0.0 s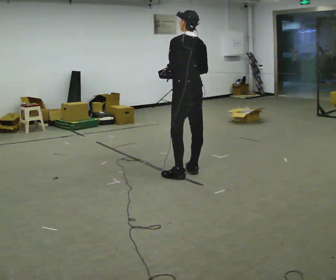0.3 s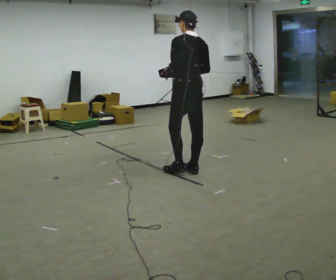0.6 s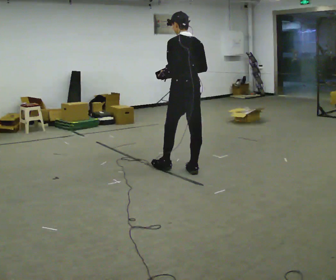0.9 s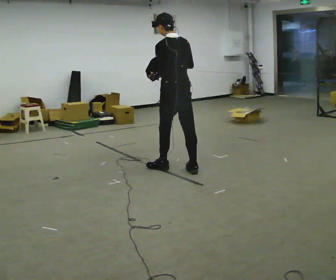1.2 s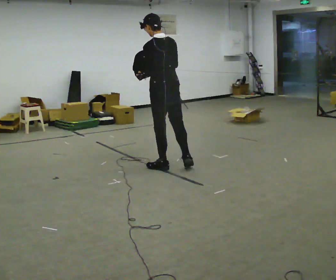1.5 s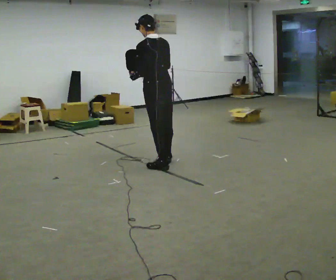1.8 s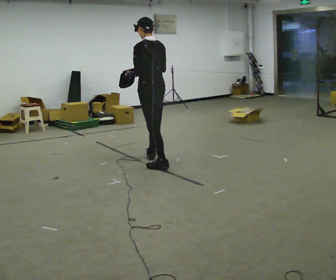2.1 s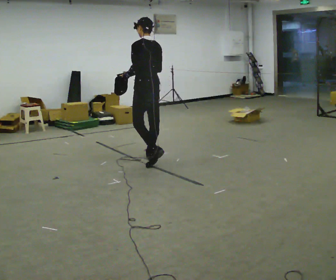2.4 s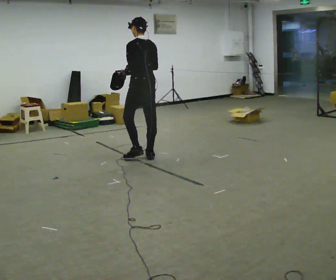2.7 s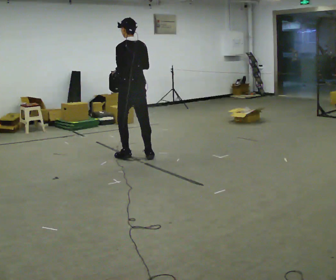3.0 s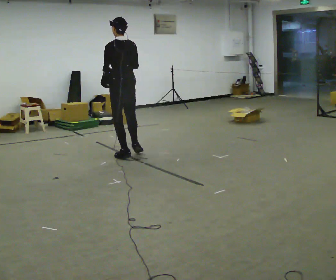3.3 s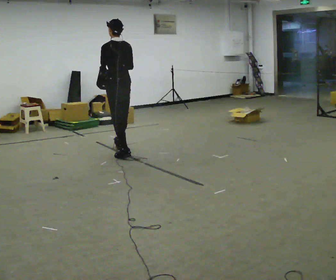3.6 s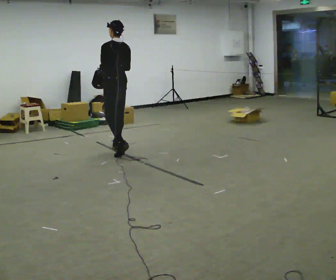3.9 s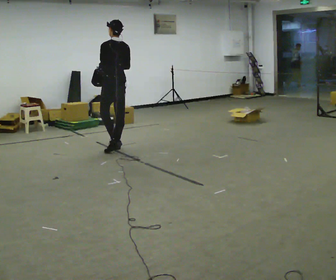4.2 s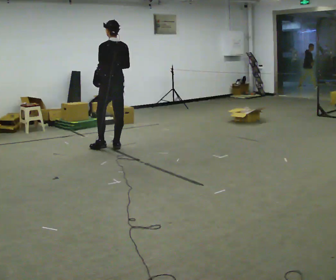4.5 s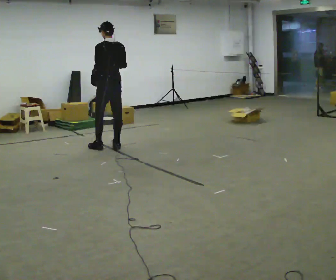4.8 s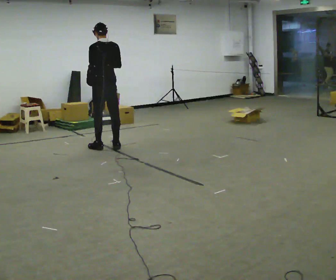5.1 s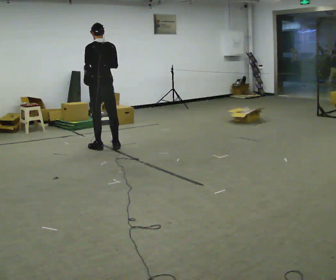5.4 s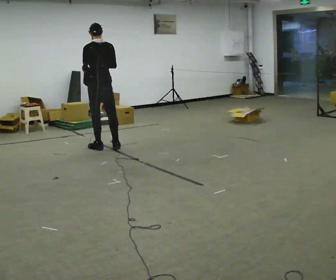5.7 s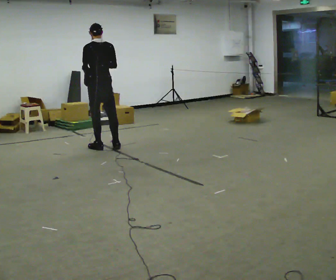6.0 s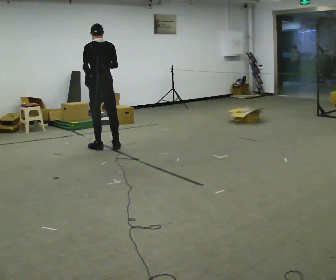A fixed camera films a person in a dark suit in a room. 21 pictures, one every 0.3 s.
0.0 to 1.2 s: In the picture they go to the left and away from the camera, about 0.25 m in 1 step, which for them is forward and to their left.
1.2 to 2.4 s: In the picture they go away from the camera and to the left, about 0.5 m in 1 step, which for them is forward.
2.4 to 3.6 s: In the picture they go away from the camera and to the left, about 0.5 m in 2 steps, which for them is forward.
3.6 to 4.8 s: In the picture they go away from the camera and to the left, about 0.25 m in 1 step, which for them is forward.
4.8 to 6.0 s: The person moves a little, or ends about where they began.
The film runs forward here.
